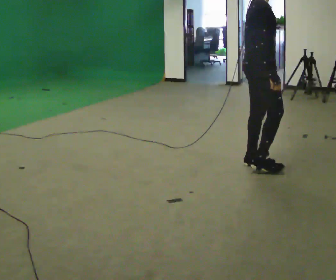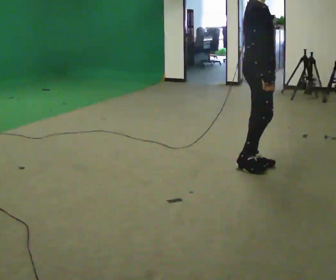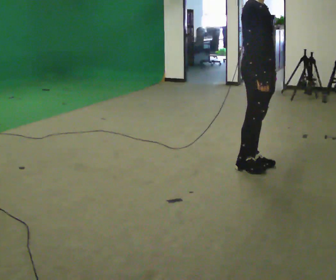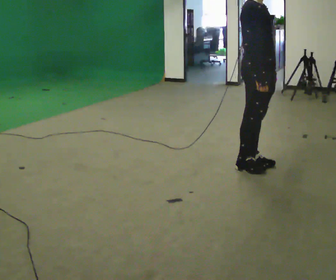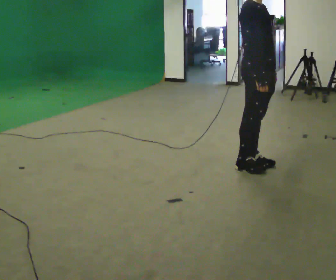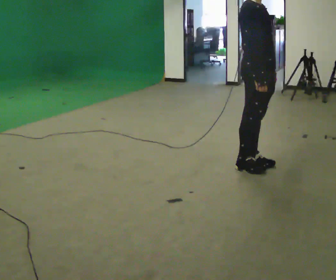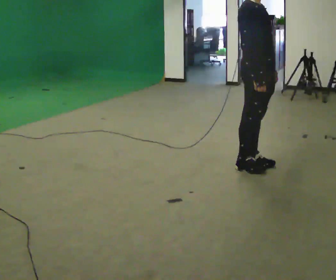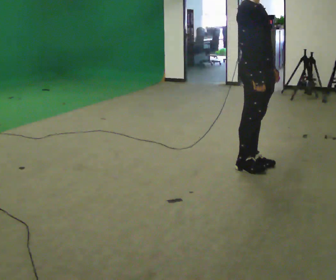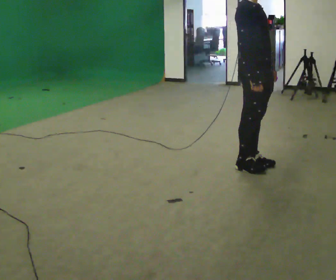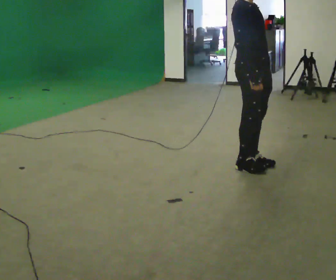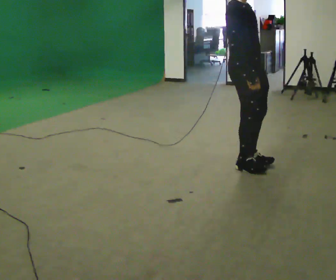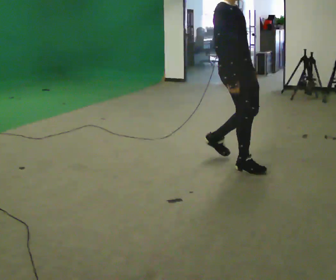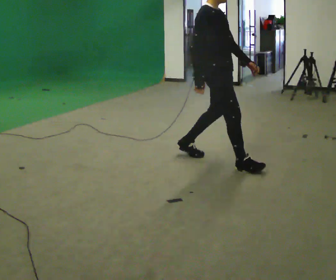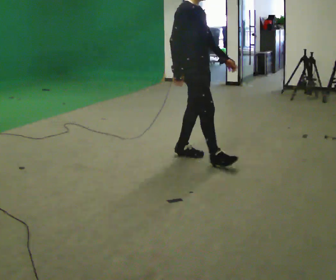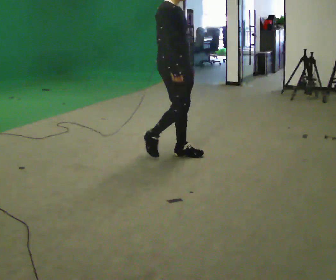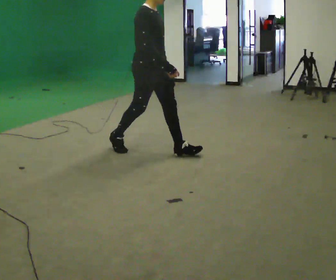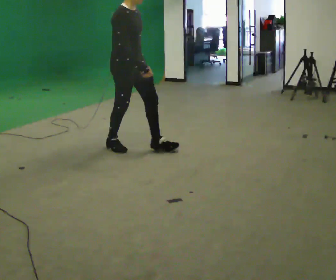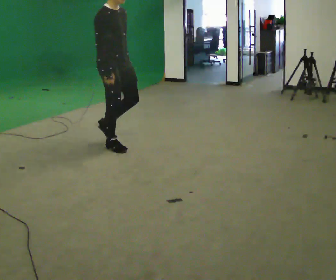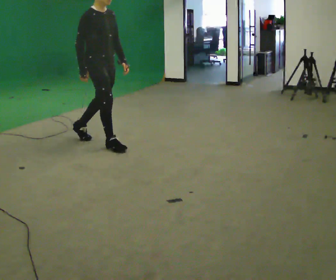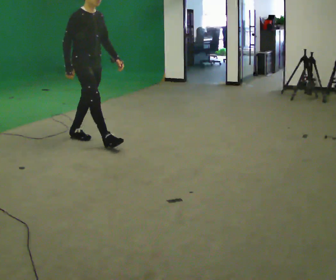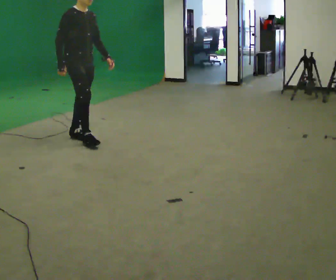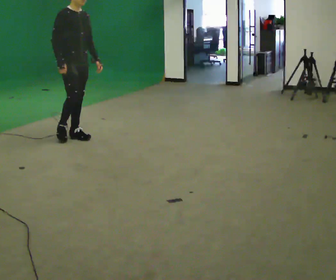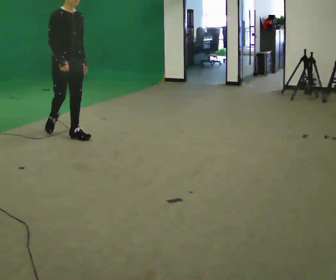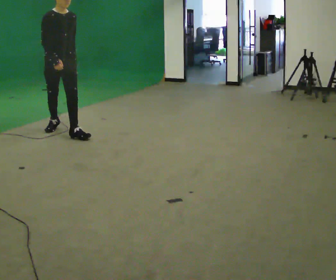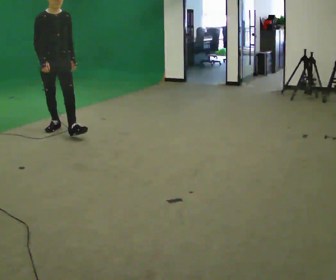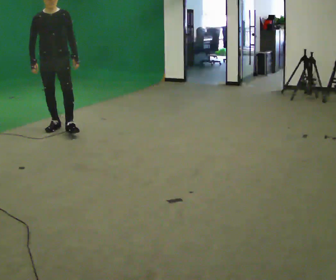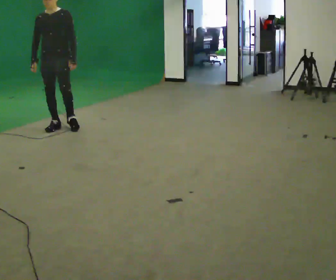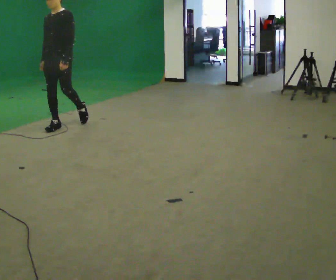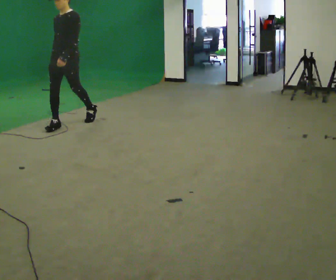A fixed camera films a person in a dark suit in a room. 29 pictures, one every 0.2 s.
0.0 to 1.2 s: The part of the body nearest the lens slides to the left as the person turns to their right by about 30 degrees.
1.2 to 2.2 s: In the picture they go to the left, about 0.25 m in 1 step, which for them is backward.
2.2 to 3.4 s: In the picture they go to the left and away from the camera, about 1 m in 2 steps, which for them is backward.
3.4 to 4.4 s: In the picture they go to the left and away from the camera, about 0.5 m in 1 step, which for them is backward.
4.4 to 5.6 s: Seen from above the body turns clockwise, about 75 degrees: to their right, with its near side sliding to the left. In the picture they go away from the camera, about 0.5 m in 1 step.
The film runs backward here.
